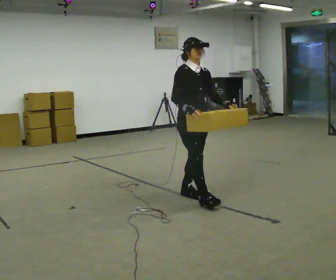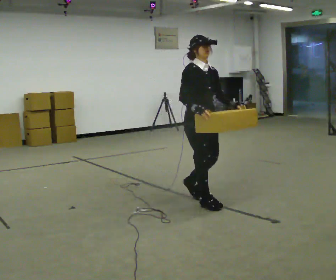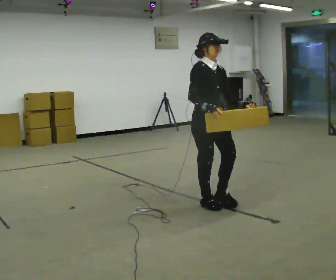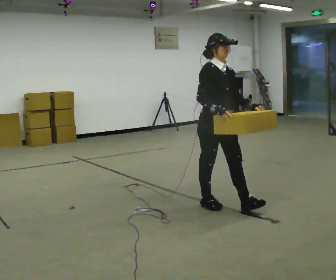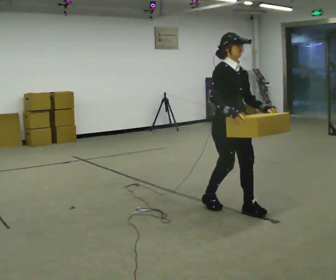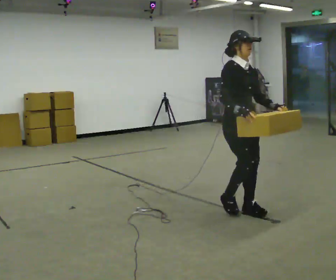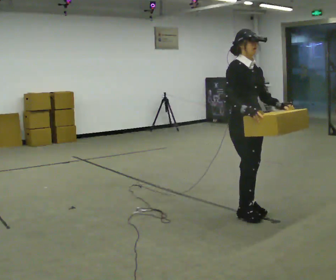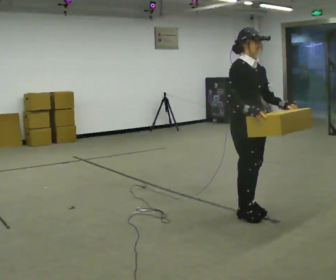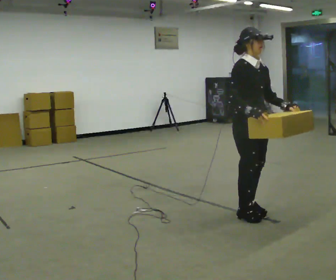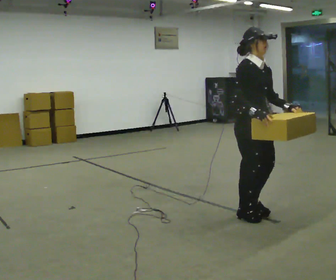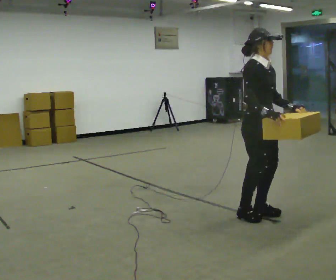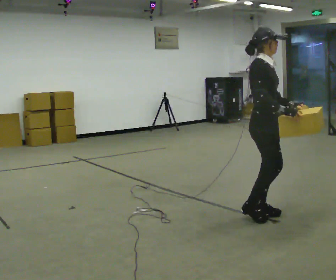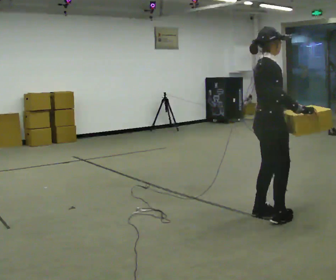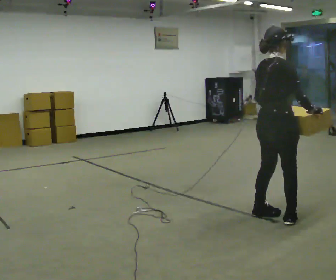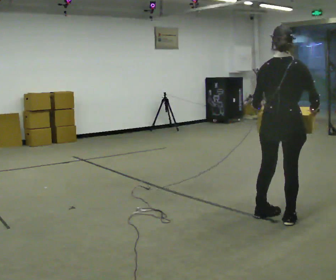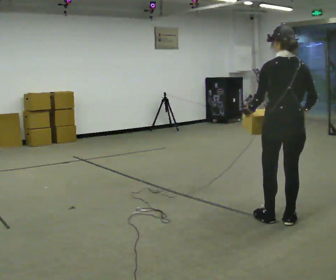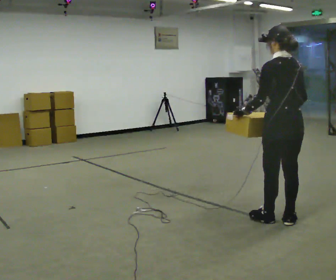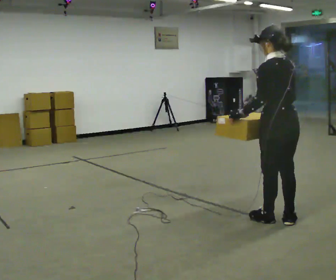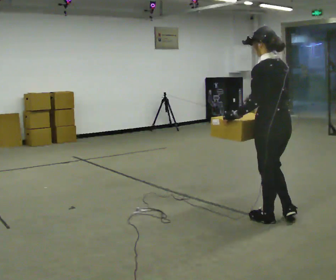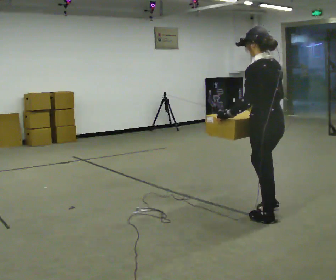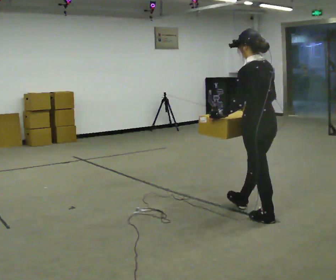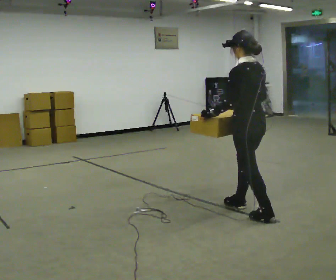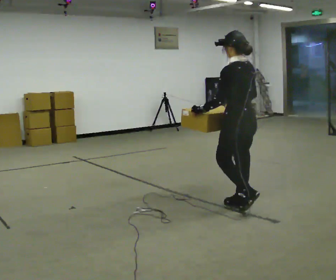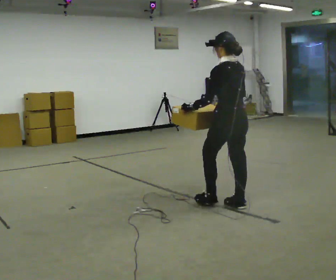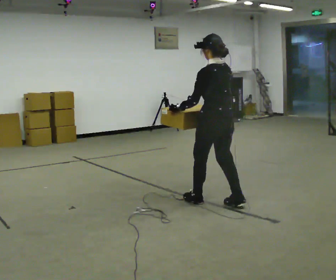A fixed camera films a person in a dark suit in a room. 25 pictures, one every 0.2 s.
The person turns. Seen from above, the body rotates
counterclockwise.
The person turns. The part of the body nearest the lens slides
to the right.
0.0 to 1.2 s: In the picture they go to the right and toward the camera, about 0.75 m in 2 steps, which for them is forward.
1.2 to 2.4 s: Seen from above the body turns counterclockwise, about 60 degrees: to their left, with its near side sliding to the right. In the picture they go to the right, about 0.25 m in 1 step, which for them is forward.
2.4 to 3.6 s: The person turns about 120 degrees to their left, counterclockwise seen from above, so the part of the body nearest the lens slides to the right. In the picture their left hand goes to the left, the arm swinging clockwise.
3.6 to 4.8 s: In the picture they go to the left and away from the camera, about 0.75 m in 2 steps, which for them is forward.
The film runs forward here.
